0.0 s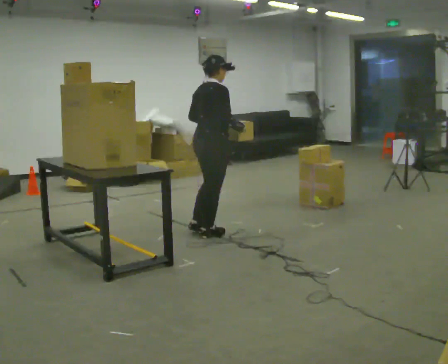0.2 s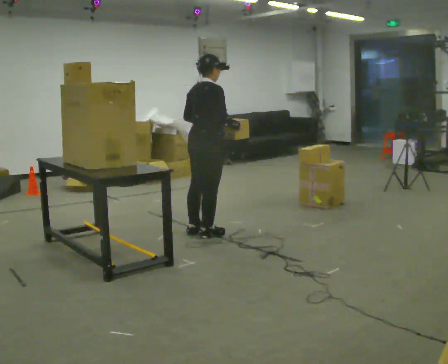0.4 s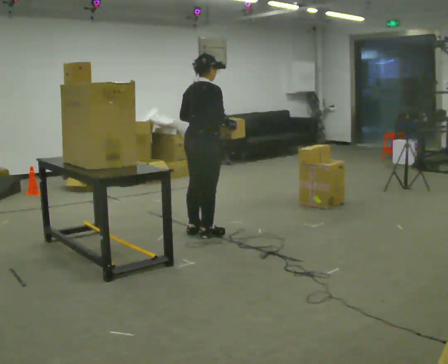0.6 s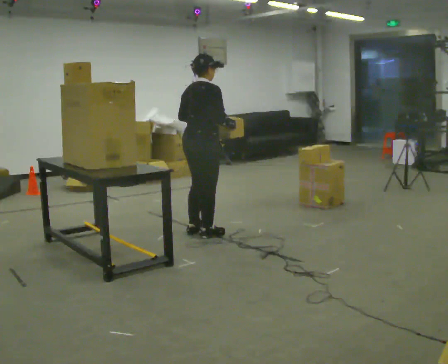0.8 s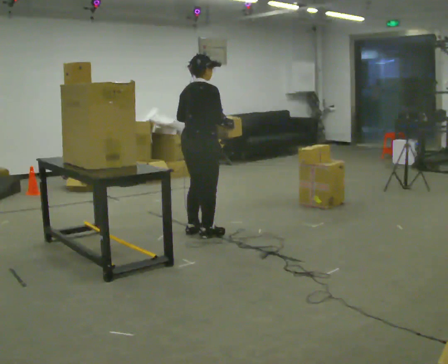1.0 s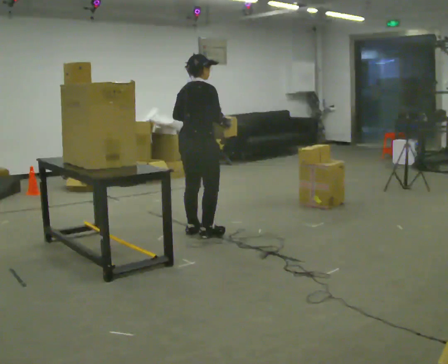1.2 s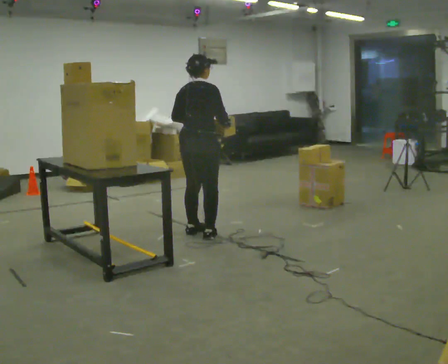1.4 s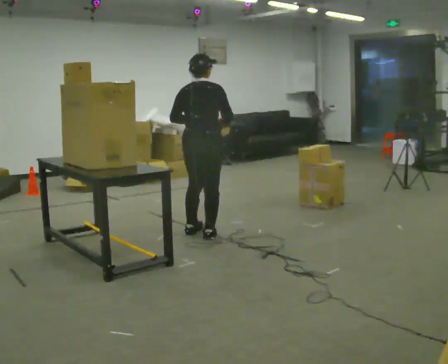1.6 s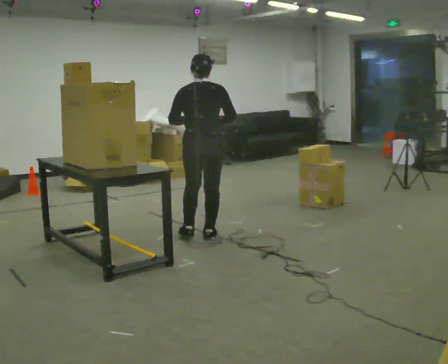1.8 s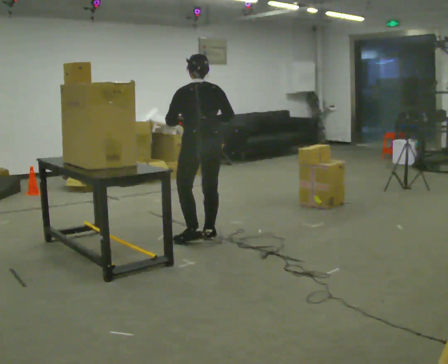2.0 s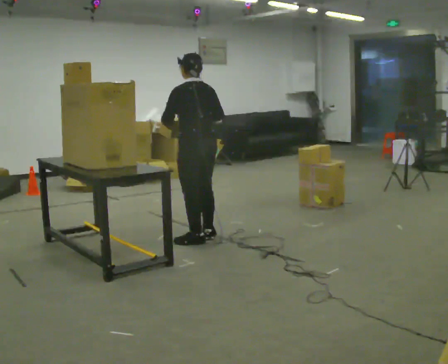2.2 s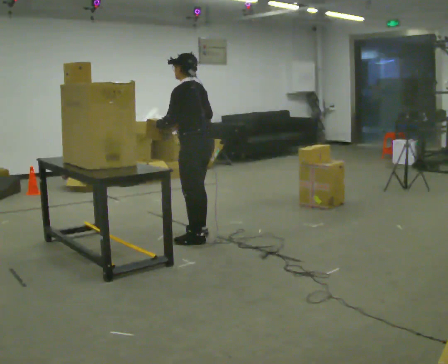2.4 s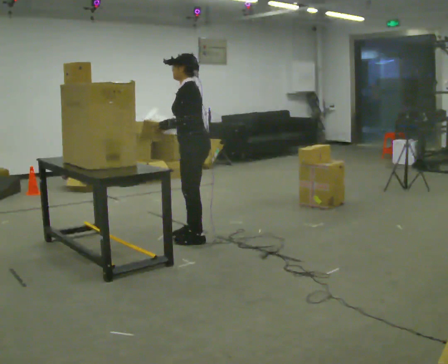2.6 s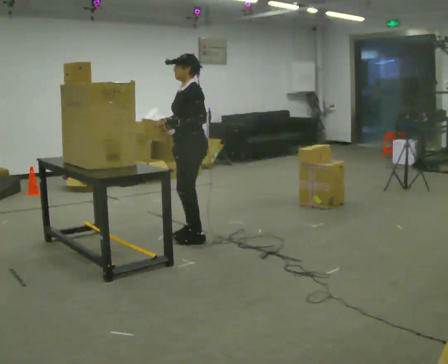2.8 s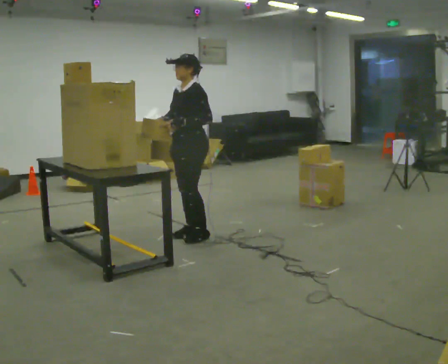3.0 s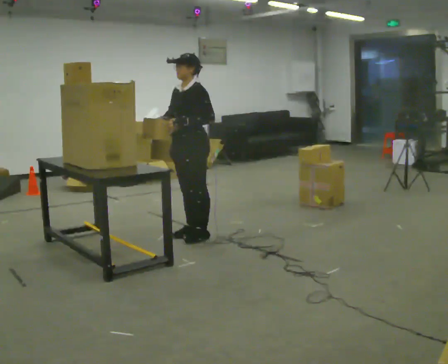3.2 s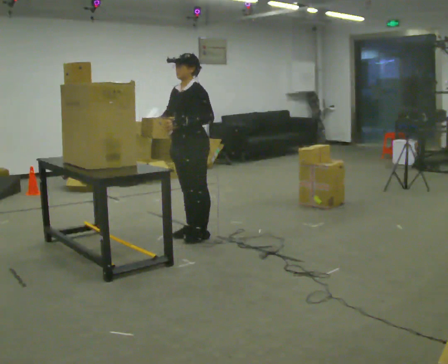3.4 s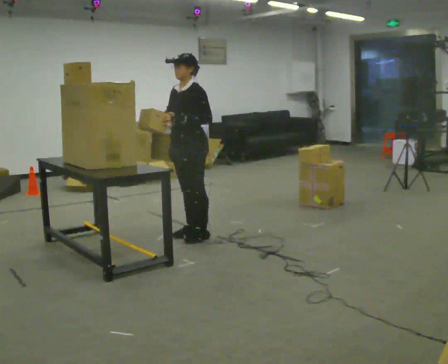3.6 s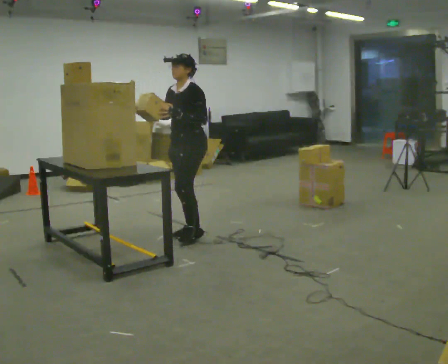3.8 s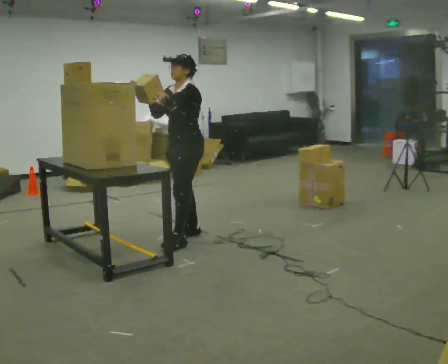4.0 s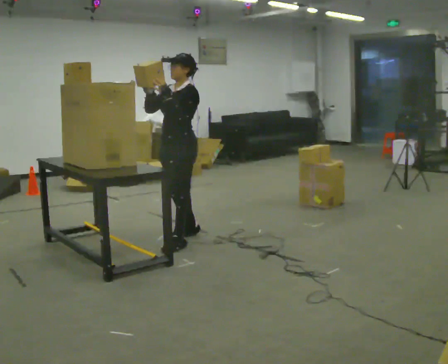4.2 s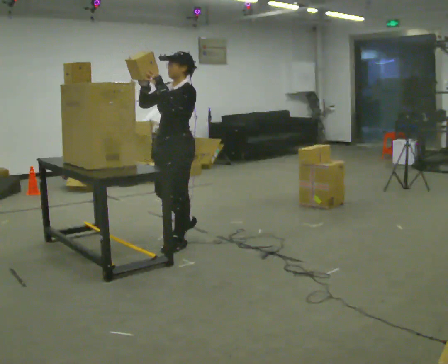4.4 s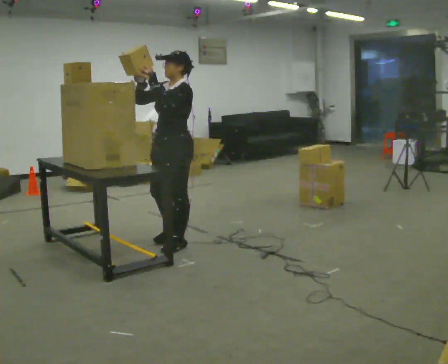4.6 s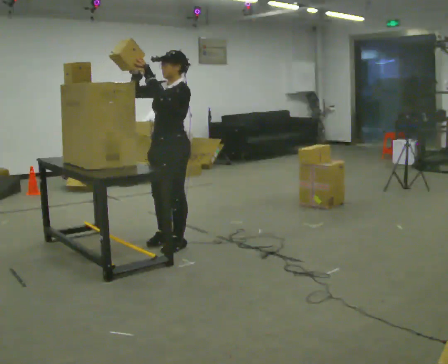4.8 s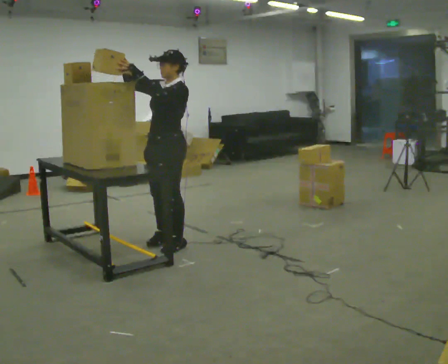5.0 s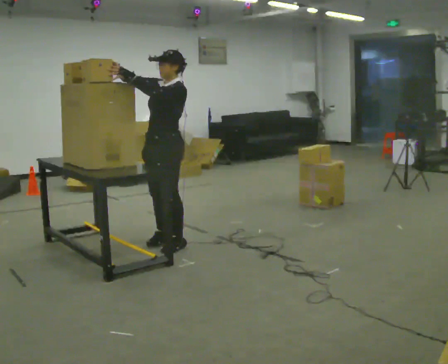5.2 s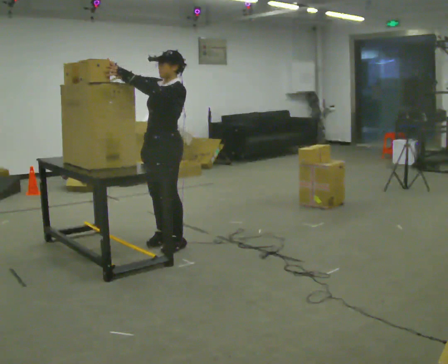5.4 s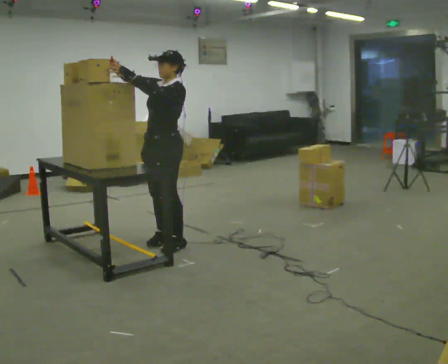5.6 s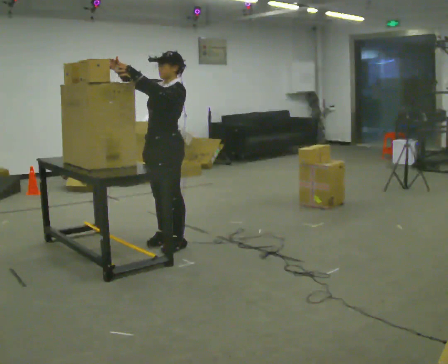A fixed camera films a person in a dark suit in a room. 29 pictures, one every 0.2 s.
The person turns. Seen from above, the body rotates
counterclockwise.
The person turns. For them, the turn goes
to their left.
0.0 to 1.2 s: The person moves a little, or ends about where they began.
1.2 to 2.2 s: Seen from above the body turns counterclockwise, about 105 degrees: to their left, with its near side sliding to the right. In the picture they go toward the camera, about 0.25 m in 1 step. In the picture their right hand goes to the left.
2.2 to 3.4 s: The part of the body nearest the lens slides to the right as the person turns to their left by about 60 degrees.
3.4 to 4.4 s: In the picture they go toward the camera, about 0.25 m in 2 steps, which for them is forward and to their left. In the picture their right hand goes upward.
4.4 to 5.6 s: The person moves a little, or ends about where they began.
The film runs backward here.
